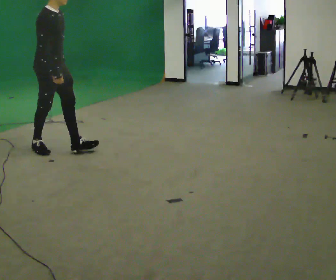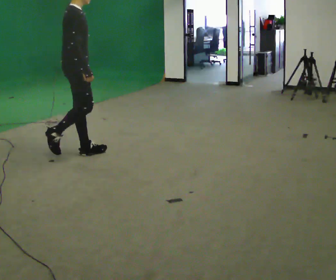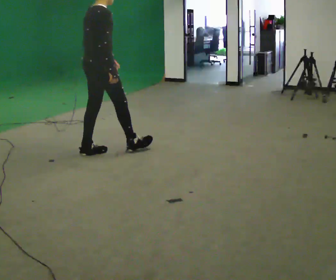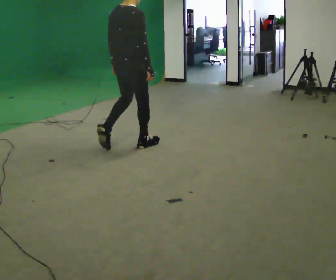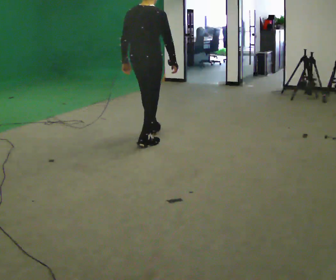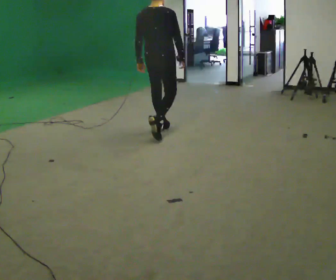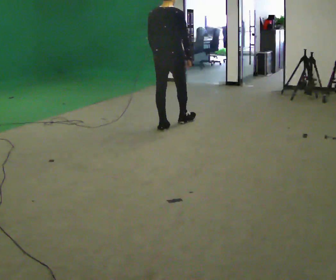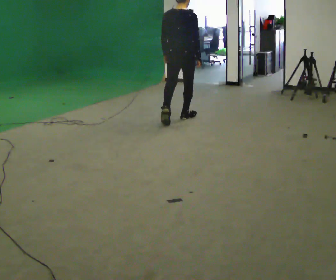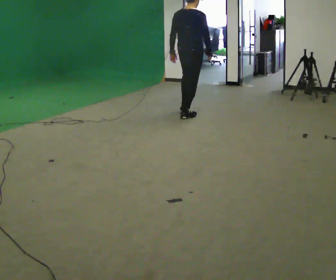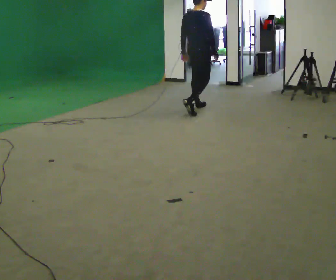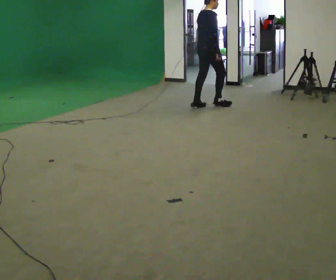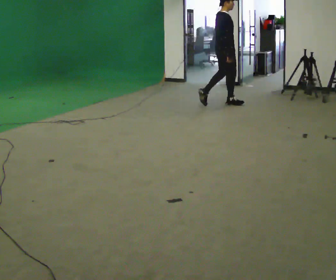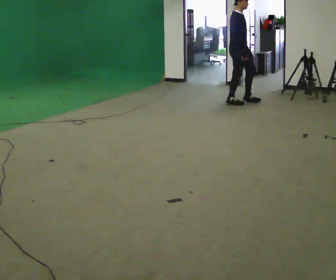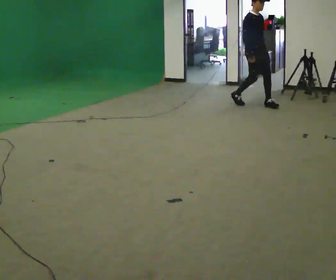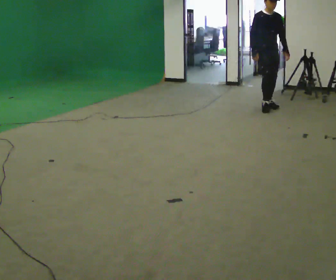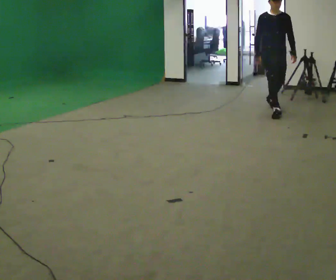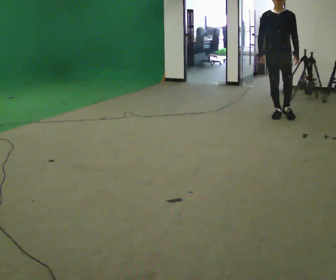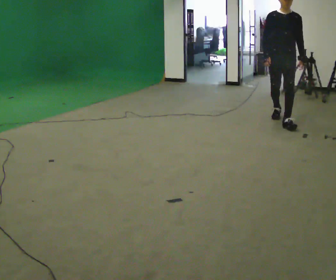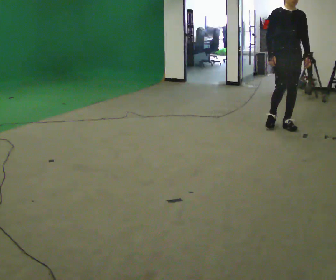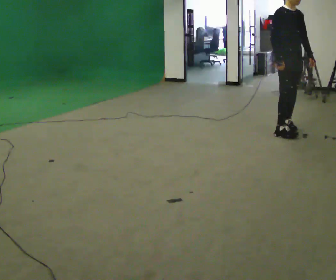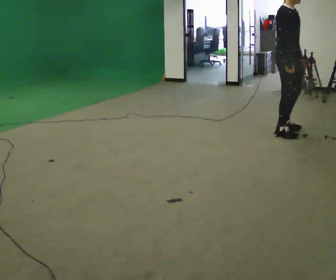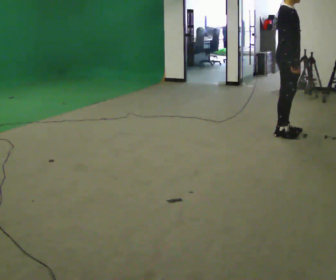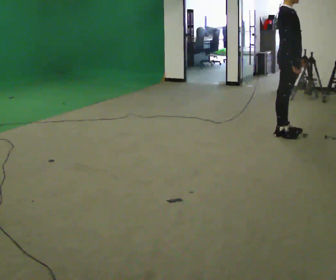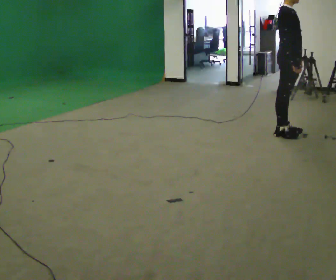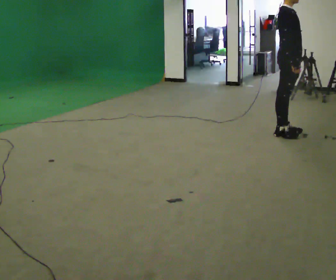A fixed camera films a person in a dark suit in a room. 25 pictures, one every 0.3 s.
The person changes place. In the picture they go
to the right.
0.0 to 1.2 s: Seen from above the body turns counterclockwise, about 75 degrees: to their left, with its near side sliding to the right. In the picture they go to the right and away from the camera, about 1 m in 2 steps.
1.2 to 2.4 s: In the picture they go away from the camera, about 1 m in 2 steps, which for them is forward.
2.4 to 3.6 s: The part of the body nearest the lens slides to the left as the person turns to their right by about 90 degrees. In the picture they go away from the camera and to the right, about 1 m in 2 steps.
3.6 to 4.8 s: The person turns about 75 degrees to their right, clockwise seen from above, so the part of the body nearest the lens slides to the left. In the picture they go toward the camera and to the right, about 1 m in 2 steps.
4.8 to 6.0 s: Seen from above the body turns counterclockwise, about 75 degrees: to their left, with its near side sliding to the right. In the picture they go toward the camera, about 1 m in 2 steps.
6.0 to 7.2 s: The person moves a little, or ends about where they began.
The film runs forward here.
